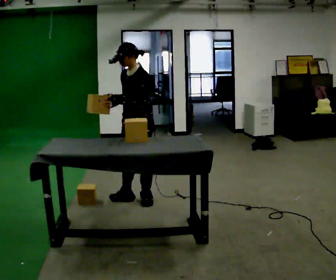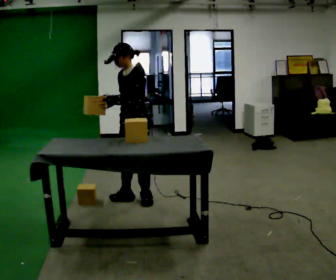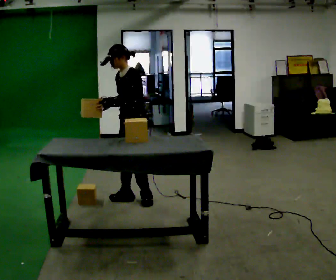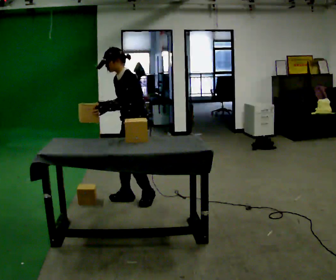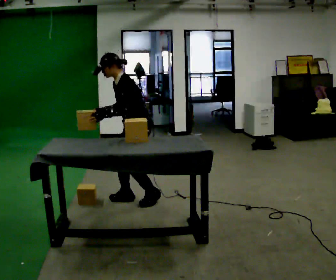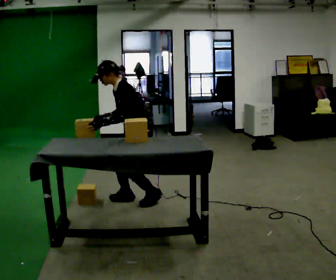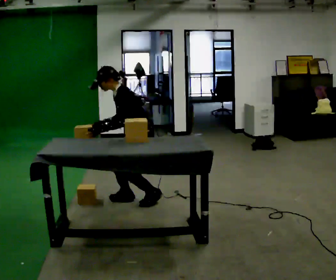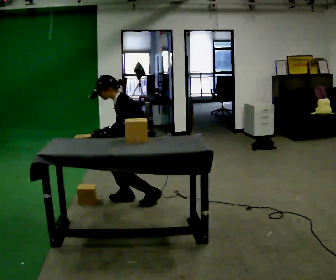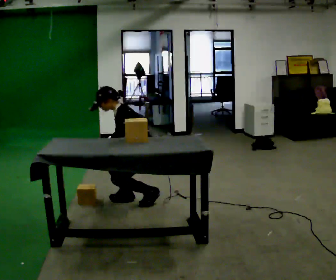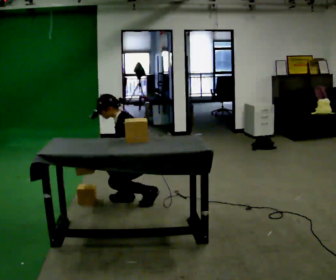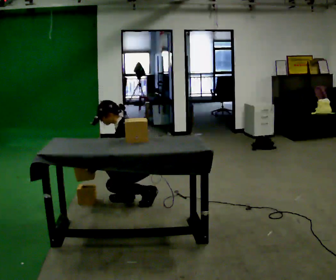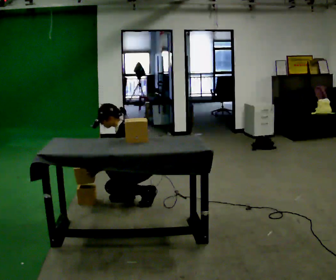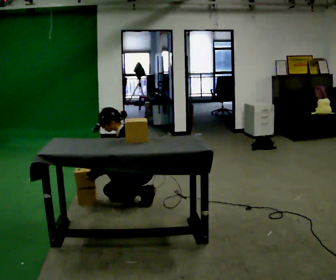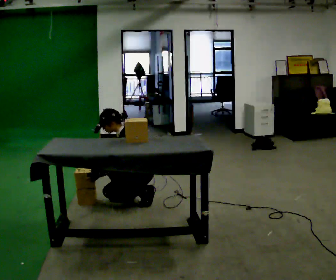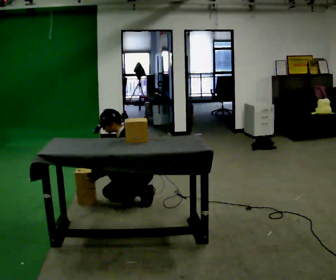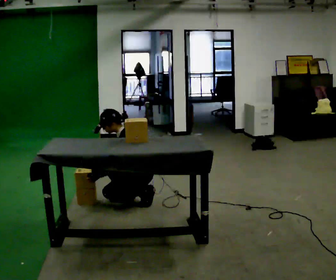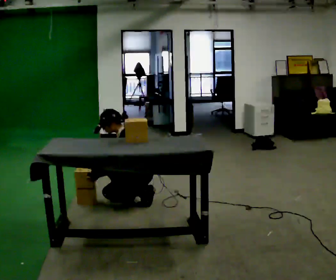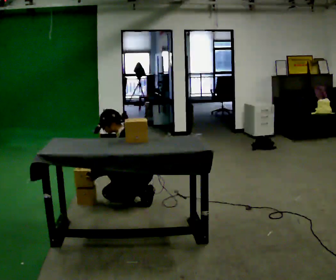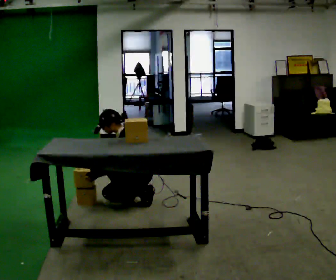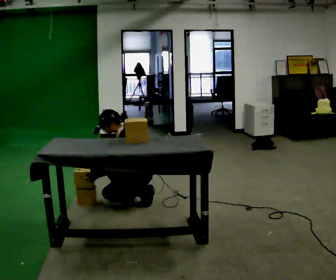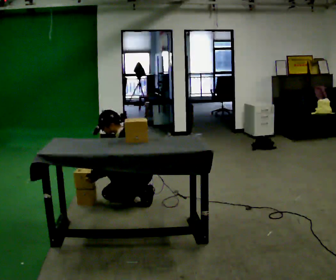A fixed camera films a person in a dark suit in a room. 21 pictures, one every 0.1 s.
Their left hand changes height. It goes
downward.
Their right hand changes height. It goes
downward.
0.0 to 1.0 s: Seen from above the body turns clockwise, about 30 degrees: to their right, with its near side sliding to the left. The upper body goes downward. In the picture the upper body tilts counterclockwise, shoulders to the left, as they bend forward. In the picture their left hand goes downward.
1.0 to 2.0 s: The person moves a little, or ends about where they began.
The film runs forward here.
